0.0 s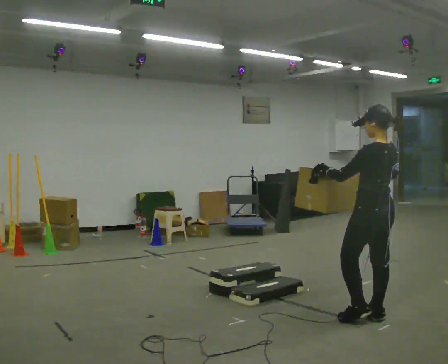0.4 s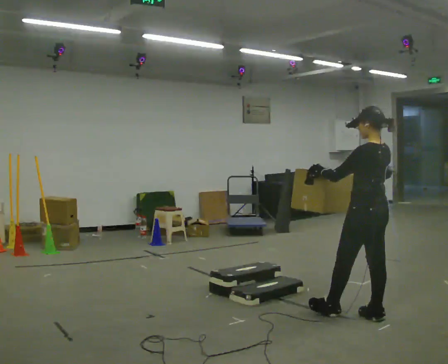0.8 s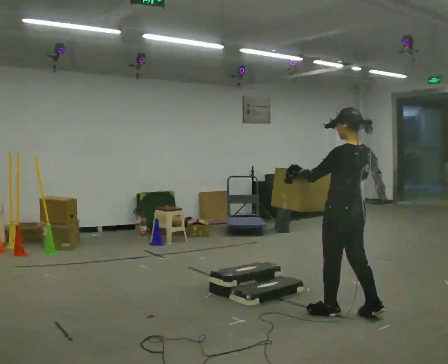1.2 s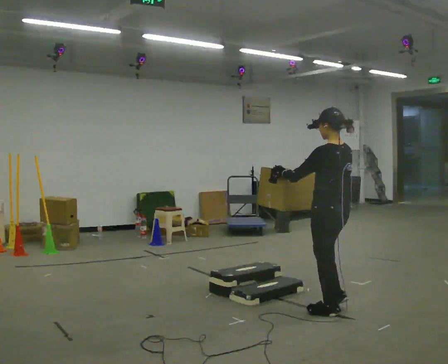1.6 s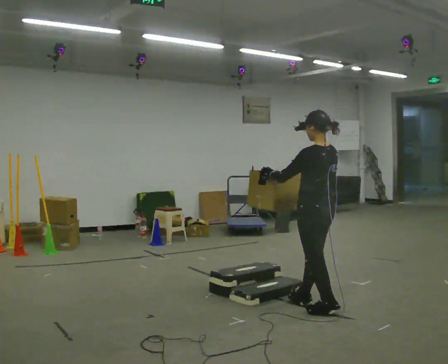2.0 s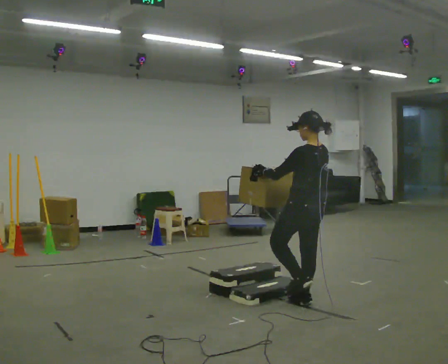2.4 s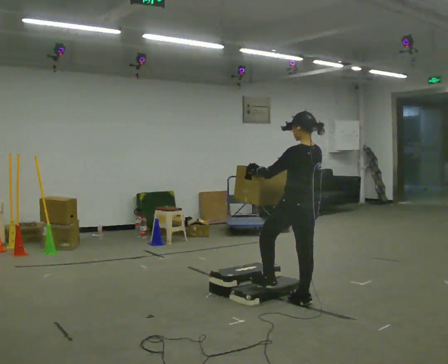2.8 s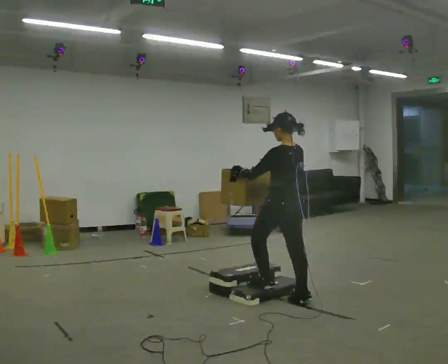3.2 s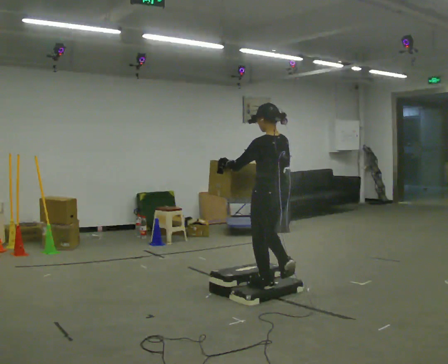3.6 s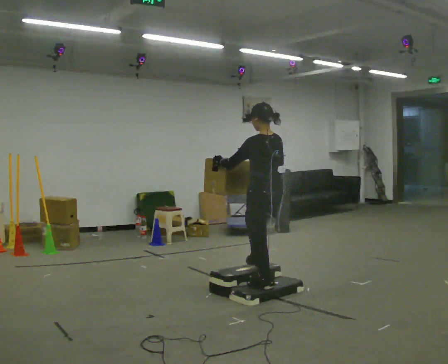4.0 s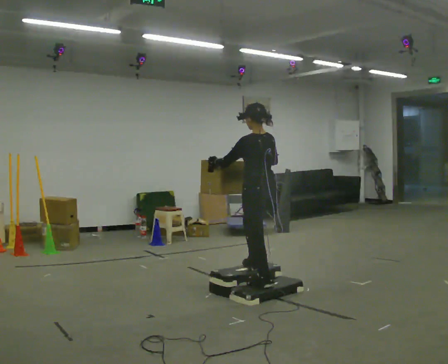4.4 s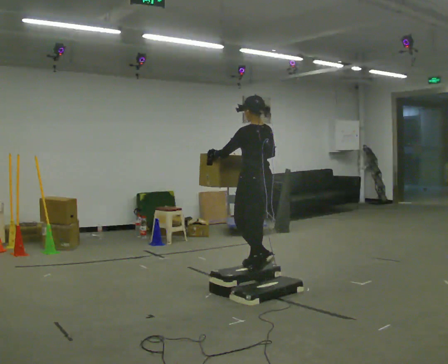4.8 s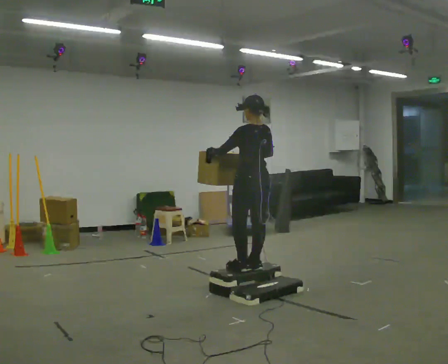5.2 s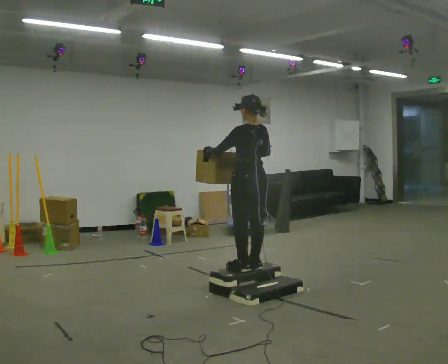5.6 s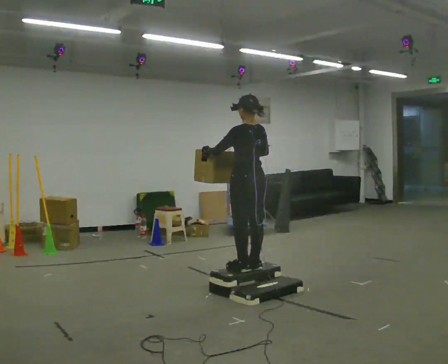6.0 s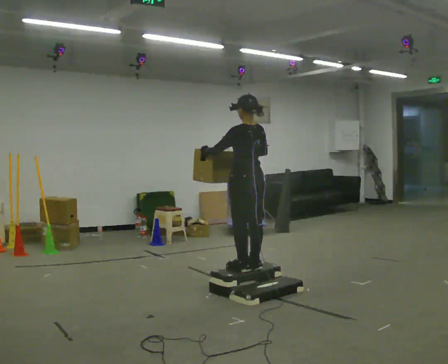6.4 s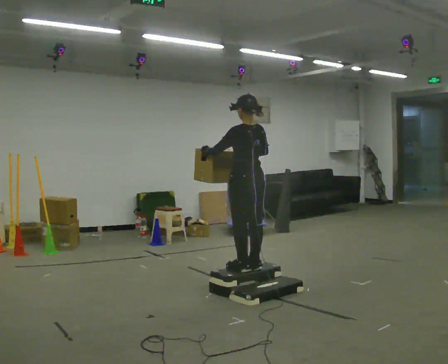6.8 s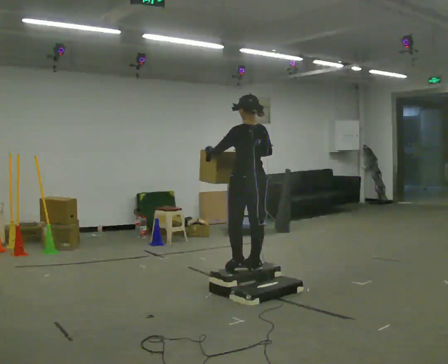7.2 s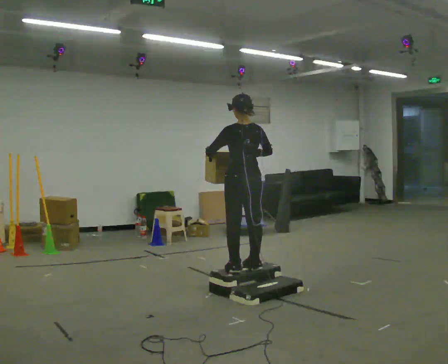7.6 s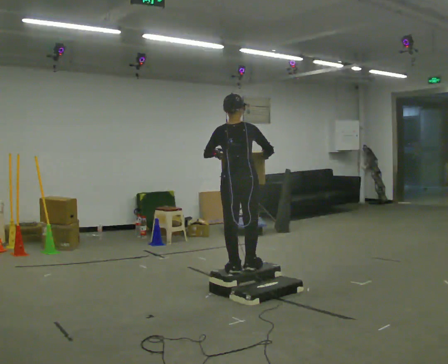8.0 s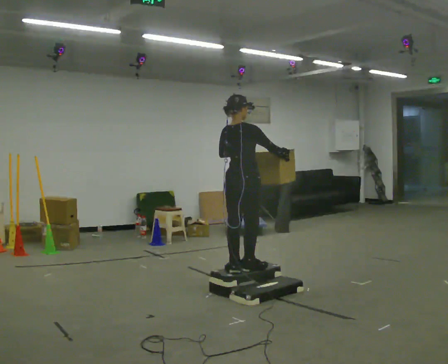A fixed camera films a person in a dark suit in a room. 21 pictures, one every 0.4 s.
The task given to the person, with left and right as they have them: Carry the box up the three steps, turn at the top, and carry it back down. Use the handrail only if you need it. Keep going until the operator says stop; one object at a time, and do not rush between trips.
0.0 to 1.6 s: In the picture they go to the left and away from the camera, about 0.5 m in 2 steps, which for them is forward.
1.6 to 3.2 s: In the picture they go to the left and away from the camera, about 0.5 m in 1 step, which for them is forward.
3.2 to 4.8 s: In the picture they go away from the camera, about 0.25 m in 2 steps, which for them is forward.
4.8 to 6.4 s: The person moves a little, or ends about where they began.
6.4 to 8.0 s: The person turns about 75 degrees to their right, clockwise seen from above, so the part of the body nearest the lens slides to the left. In the picture their right hand goes to the right.
The film runs forward here.
